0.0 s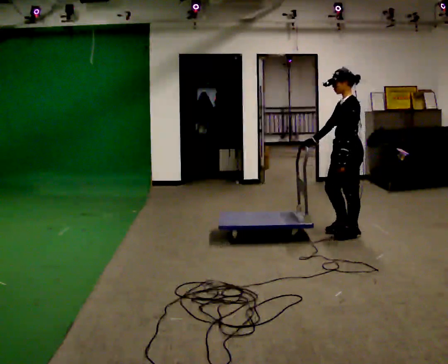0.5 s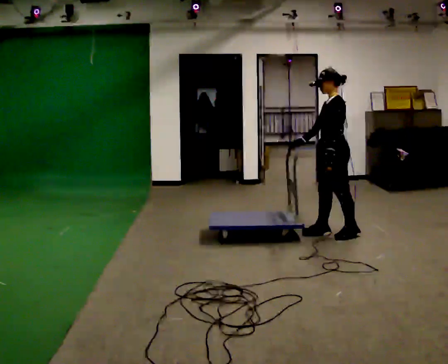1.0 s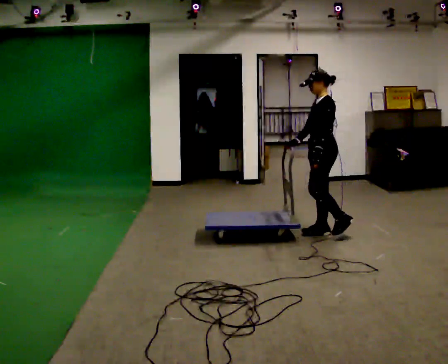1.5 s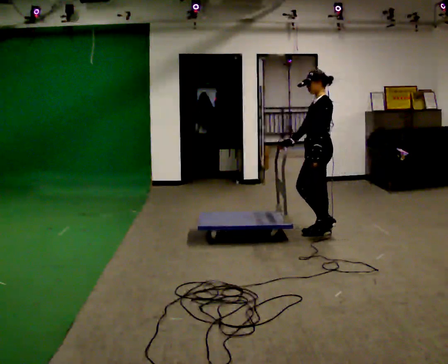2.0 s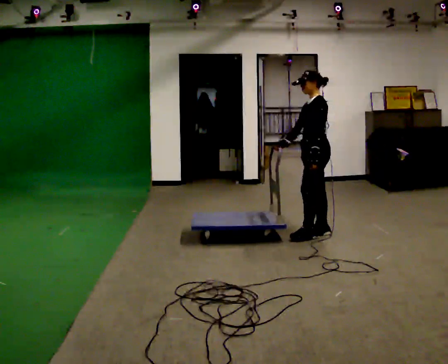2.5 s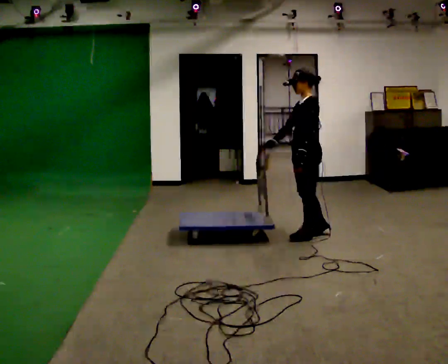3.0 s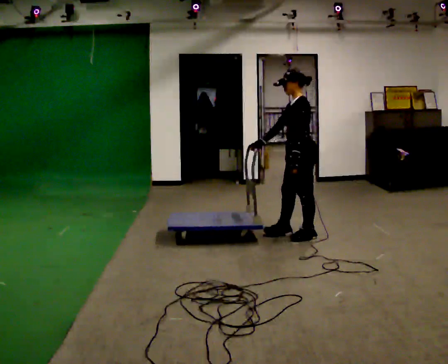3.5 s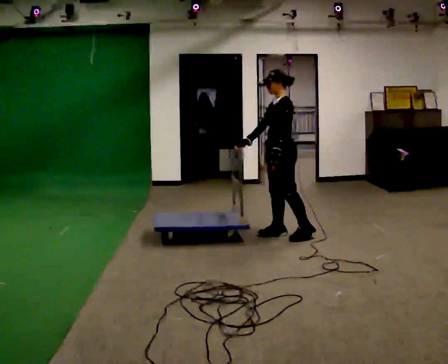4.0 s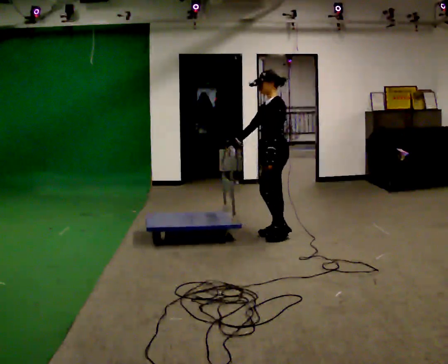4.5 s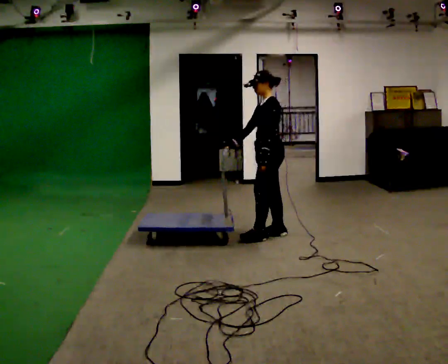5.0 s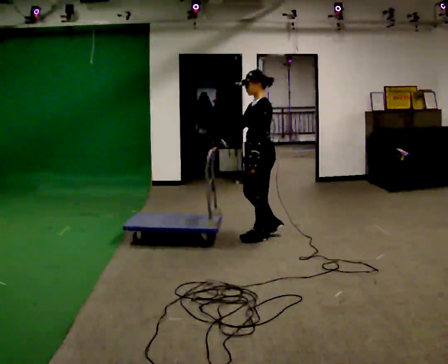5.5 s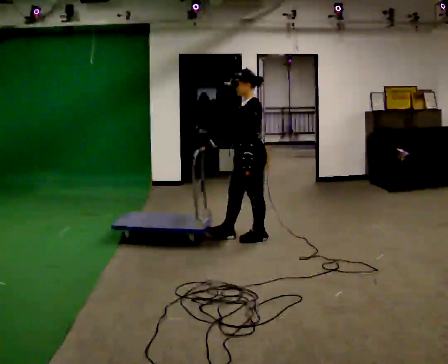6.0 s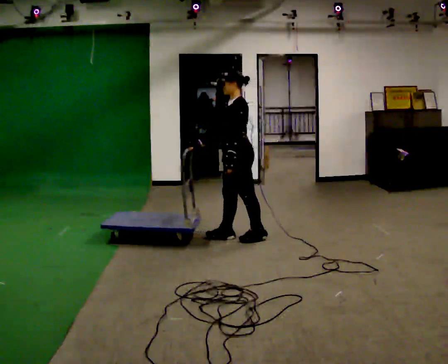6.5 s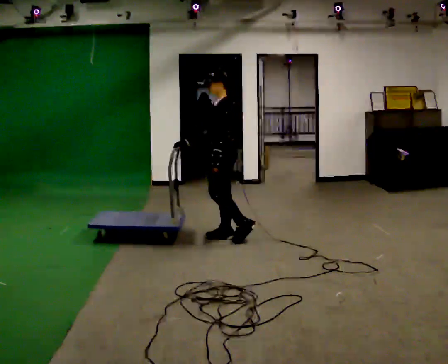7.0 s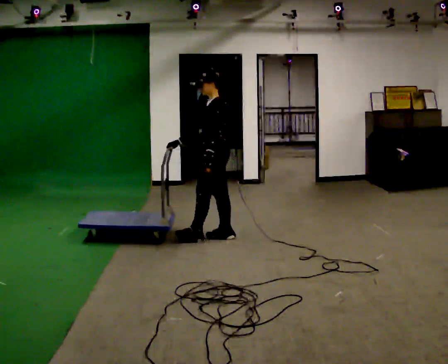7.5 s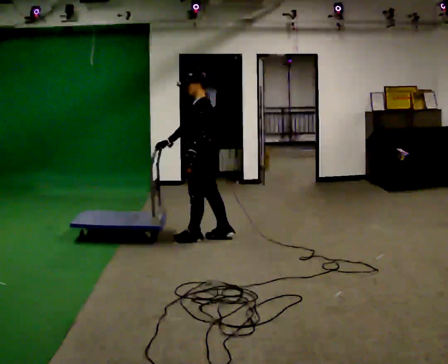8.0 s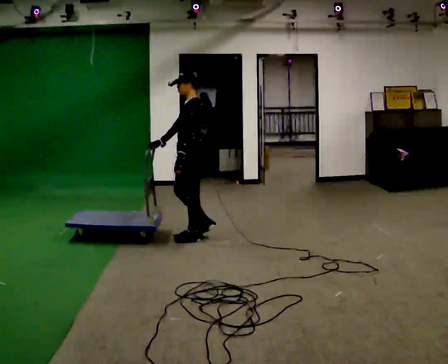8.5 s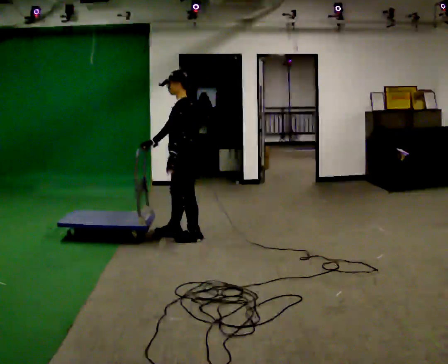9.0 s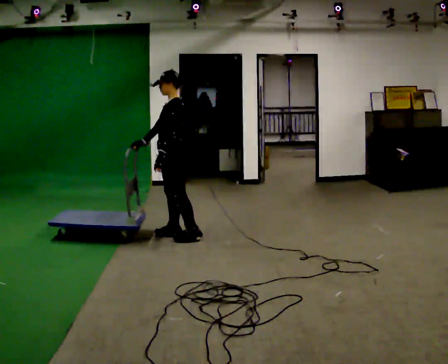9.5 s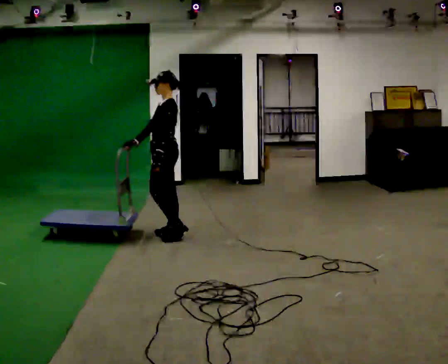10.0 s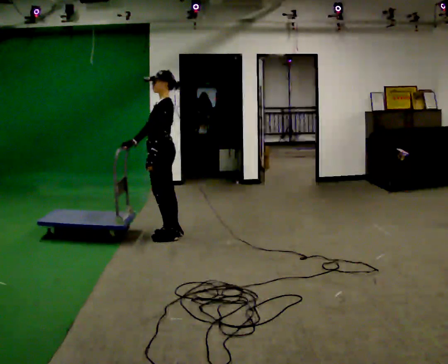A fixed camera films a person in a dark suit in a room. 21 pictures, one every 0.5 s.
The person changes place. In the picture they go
to the left.
0.0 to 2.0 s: In the picture they go to the left, about 0.25 m in 3 steps, which for them is forward and to their right.
2.0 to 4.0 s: In the picture they go to the left, about 0.5 m in 1 step, which for them is forward.
4.0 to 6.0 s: In the picture they go to the left, about 0.25 m in 2 steps, which for them is forward.
6.0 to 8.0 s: In the picture they go to the left, about 0.5 m in 1 step, which for them is forward.
8.0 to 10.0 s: In the picture they go to the left, about 0.25 m in 2 steps, which for them is forward and to their right.
The film runs forward here.
